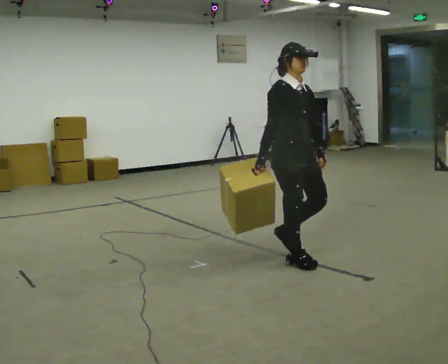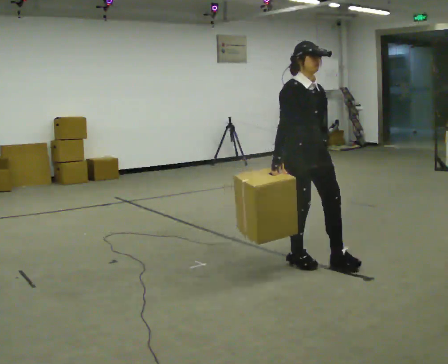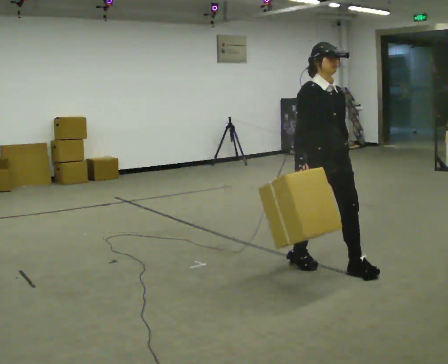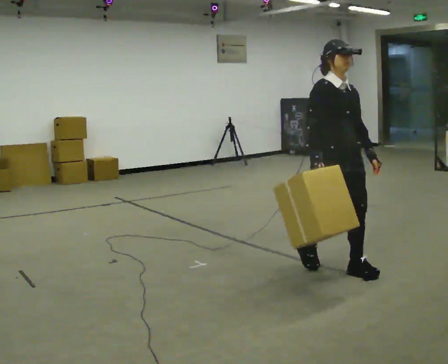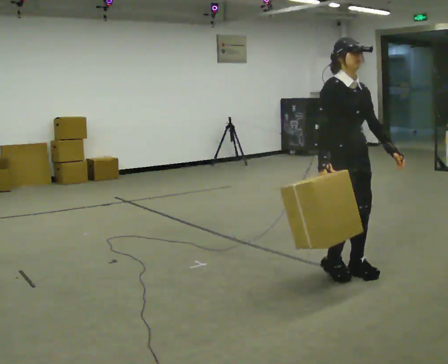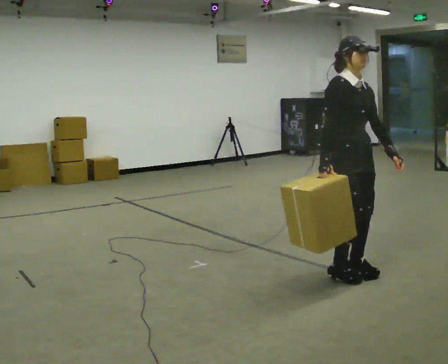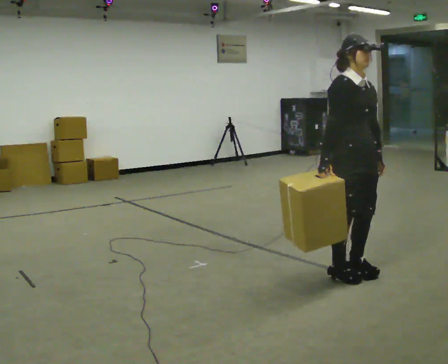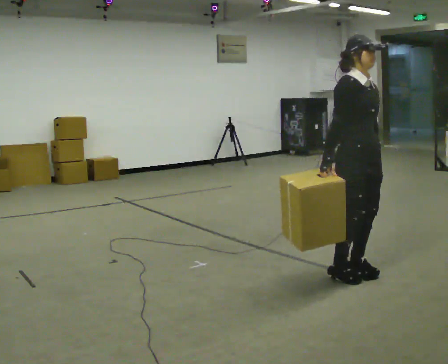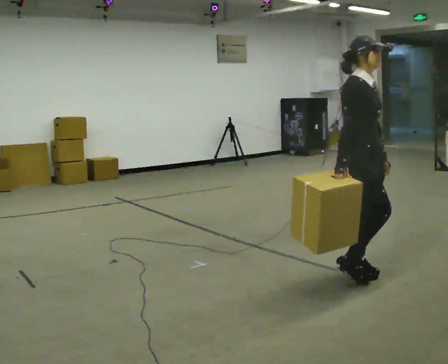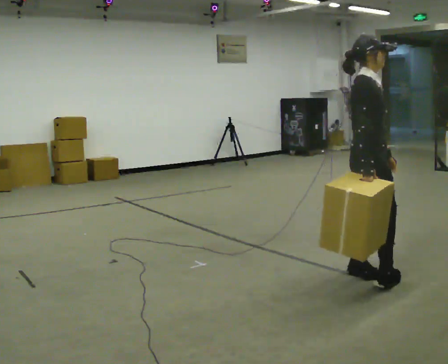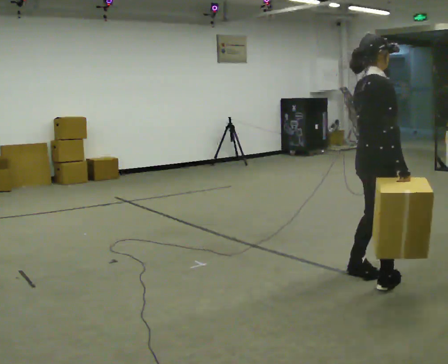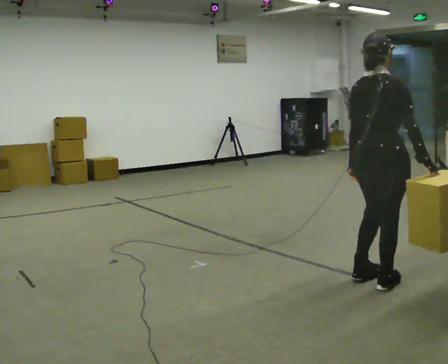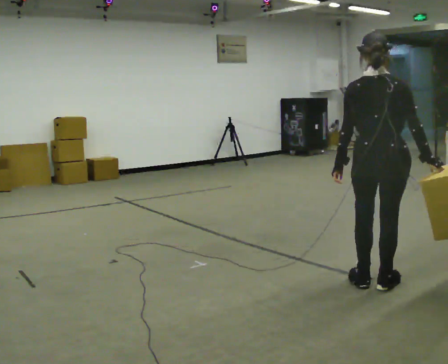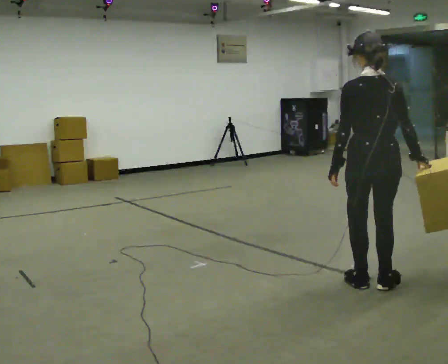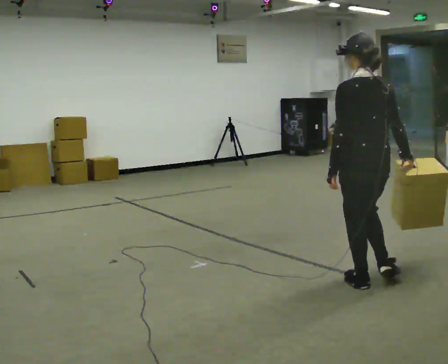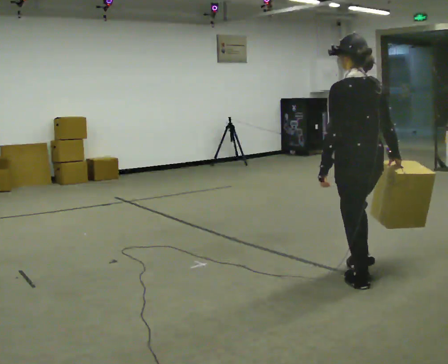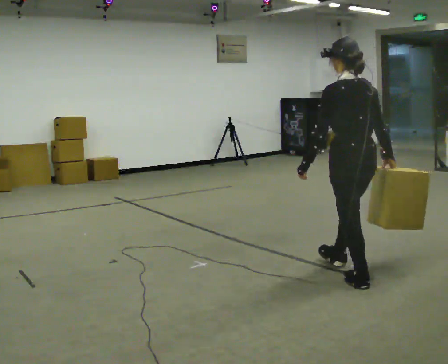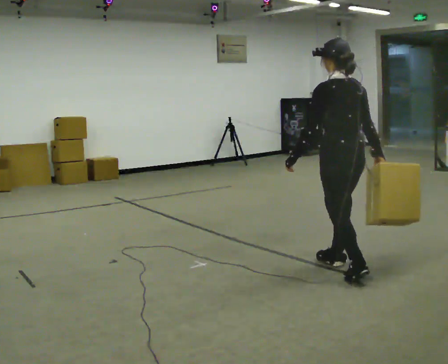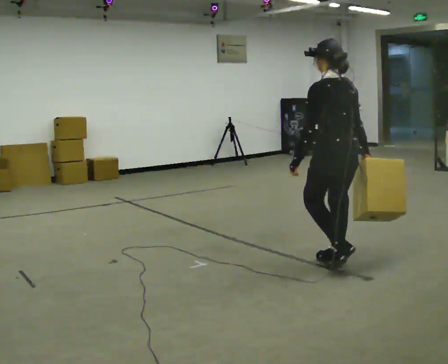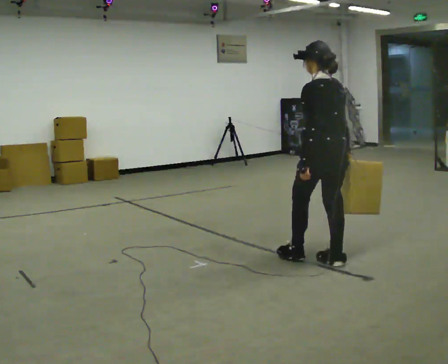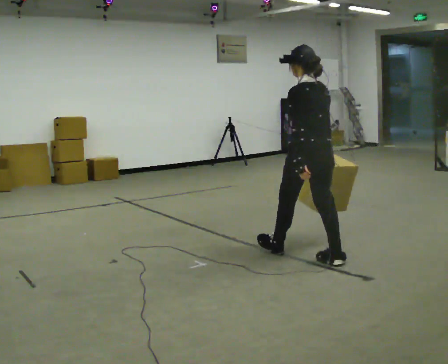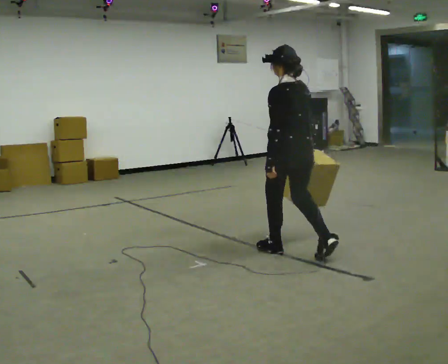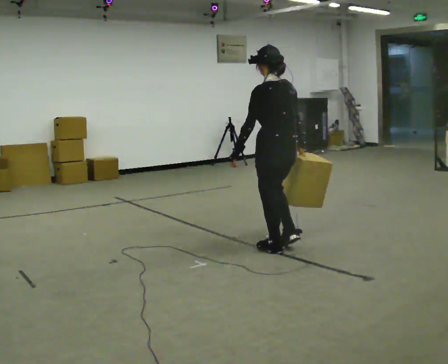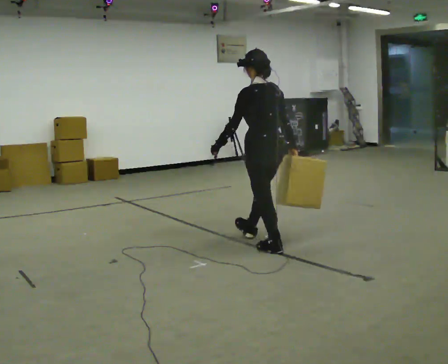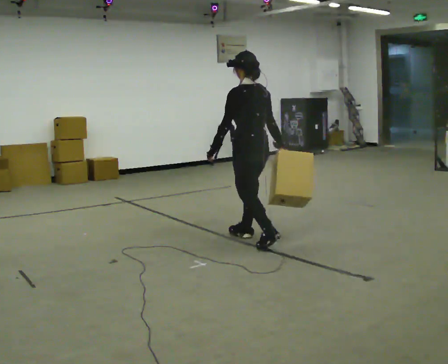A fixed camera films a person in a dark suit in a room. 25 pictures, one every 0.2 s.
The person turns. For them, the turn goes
to their left.
The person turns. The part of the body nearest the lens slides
to the right.
0.0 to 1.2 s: In the picture they go to the right and toward the camera, about 0.5 m in 2 steps, which for them is forward.
1.2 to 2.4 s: The part of the body nearest the lens slides to the right as the person turns to their left by about 135 degrees. In the picture they go toward the camera and to the right, about 0.25 m in 2 steps.
2.4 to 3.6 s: Seen from above the body turns counterclockwise, about 45 degrees: to their left, with its near side sliding to the right. In the picture they go away from the camera and to the left, about 0.5 m in 1 step, which for them is forward.
3.6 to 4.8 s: In the picture they go to the left and away from the camera, about 1 m in 2 steps, which for them is forward.
The film runs forward here.
